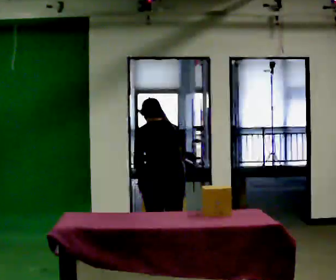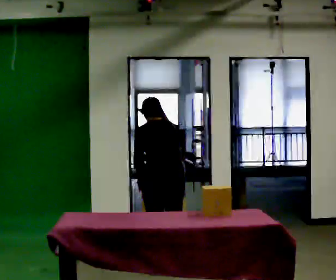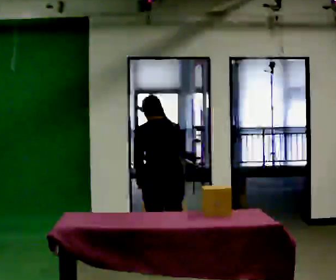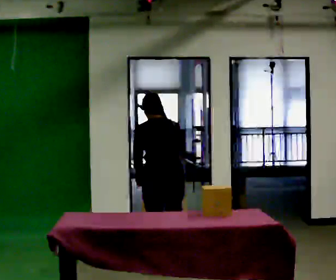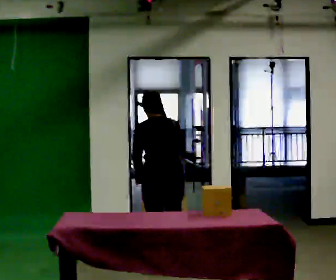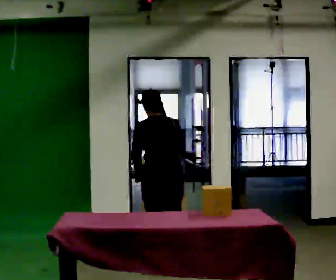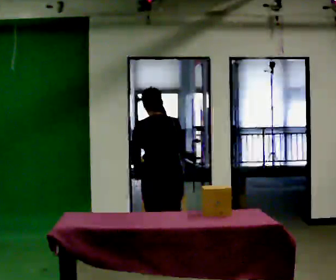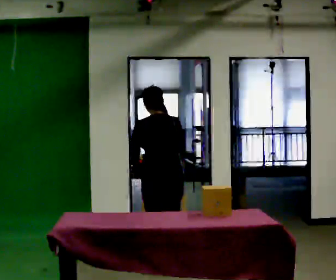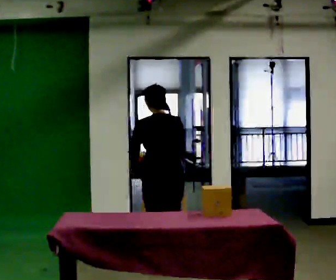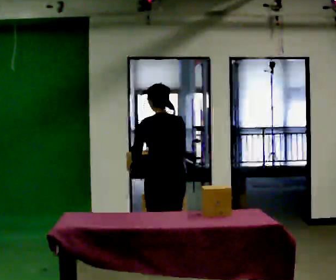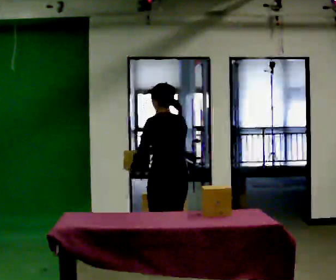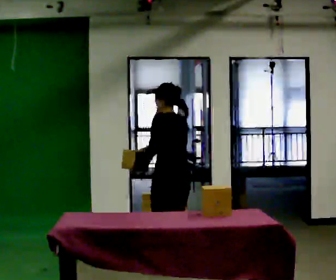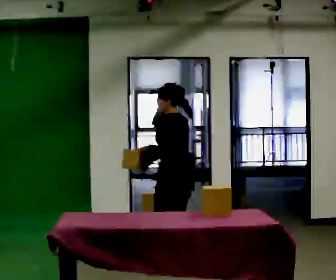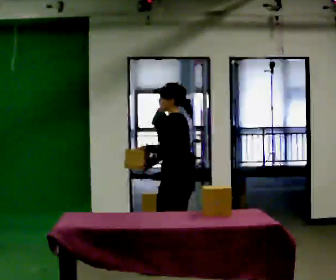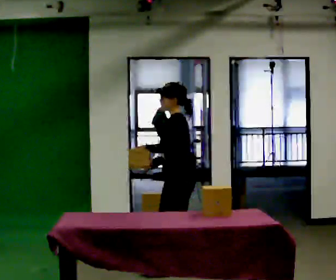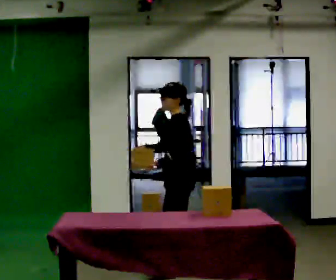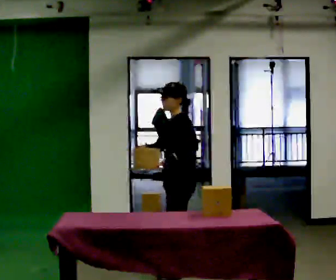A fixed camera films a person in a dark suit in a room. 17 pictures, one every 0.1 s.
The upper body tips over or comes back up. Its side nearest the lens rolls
downward.
The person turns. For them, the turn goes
to their left.
0.0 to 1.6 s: The part of the body nearest the lens slides to the right as the person turns to their left by about 90 degrees. The upper body tips toward the camera, its near side rolling downward, as they lean back or straighten.
The film runs forward here.
